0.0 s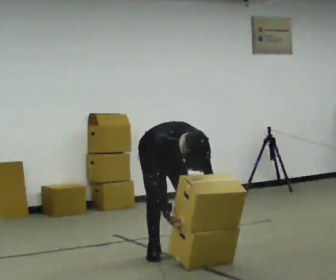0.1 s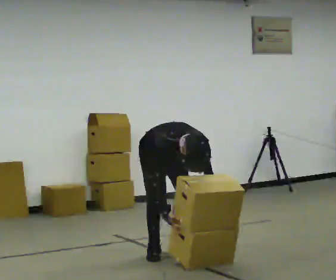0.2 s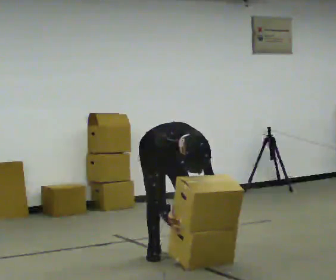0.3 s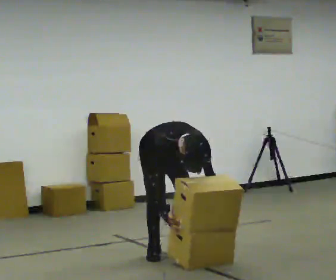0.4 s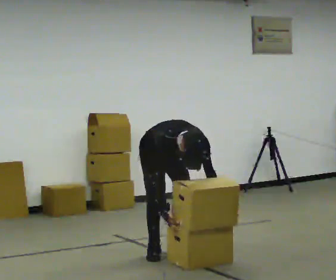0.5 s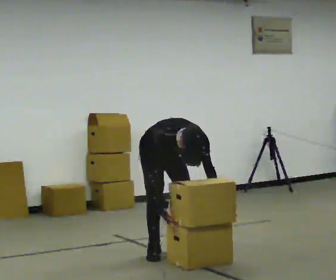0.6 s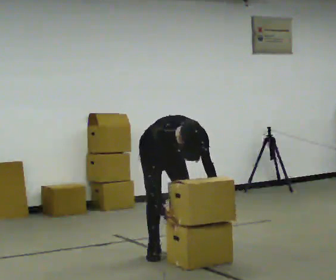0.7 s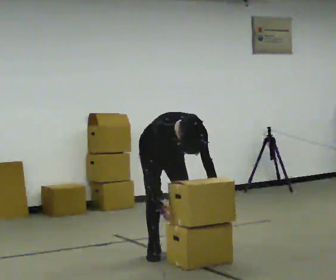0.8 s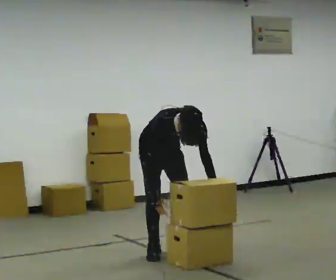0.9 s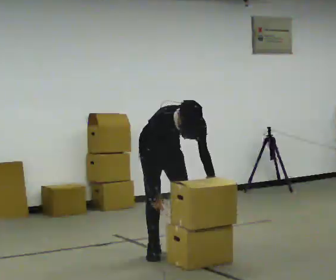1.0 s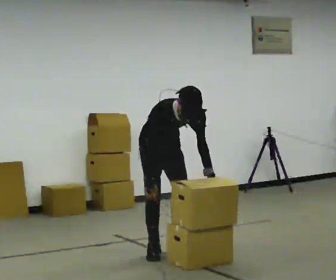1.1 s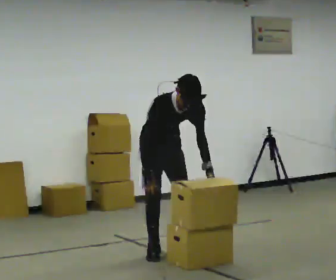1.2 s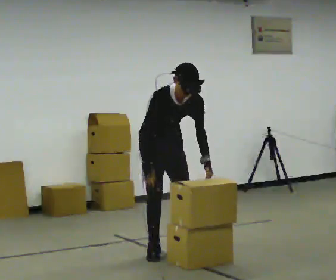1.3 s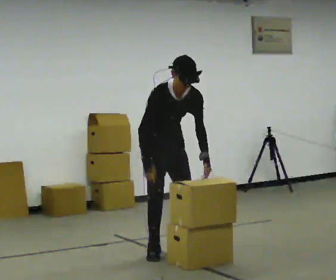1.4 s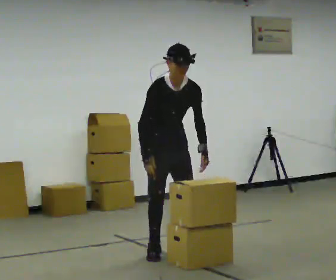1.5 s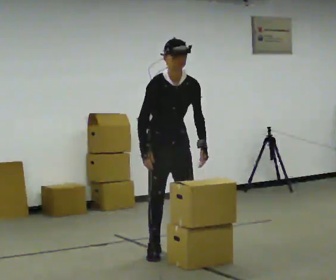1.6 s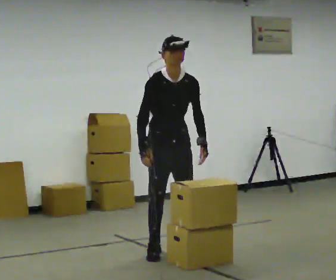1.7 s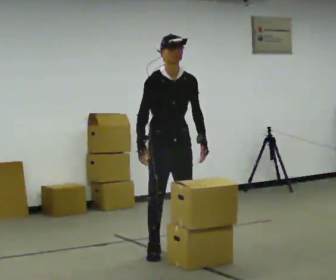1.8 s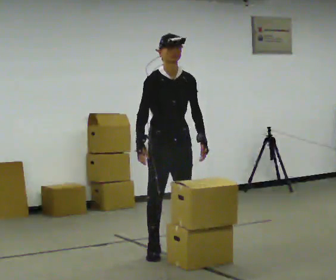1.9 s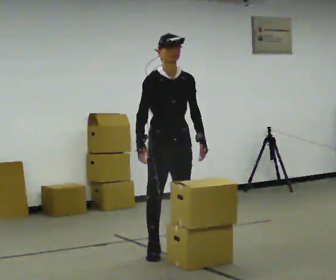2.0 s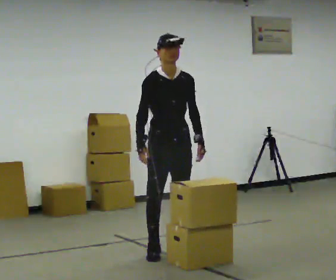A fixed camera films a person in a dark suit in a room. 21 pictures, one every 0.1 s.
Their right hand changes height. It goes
upward.
The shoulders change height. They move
upward.
0.0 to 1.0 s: The upper body goes upward. The upper body tips away from the camera, its near side rolling upward, as they lean back or straighten.
1.0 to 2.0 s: In the picture they go toward the camera, about 0.25 m, which for them is forward. The upper body goes upward. The upper body tips away from the camera, its near side rolling upward, as they lean back or straighten.
The film runs forward here.
